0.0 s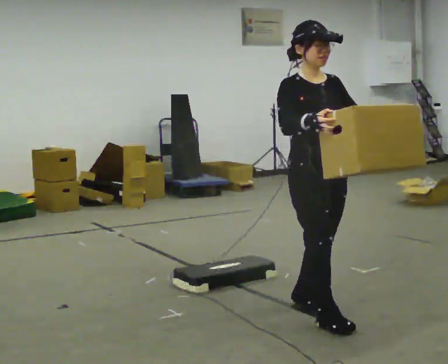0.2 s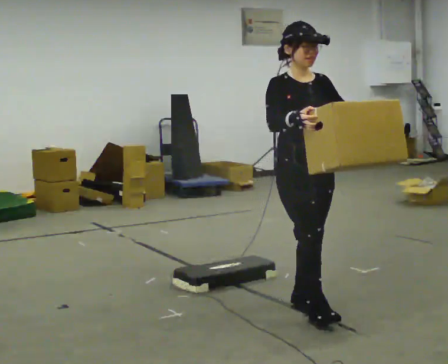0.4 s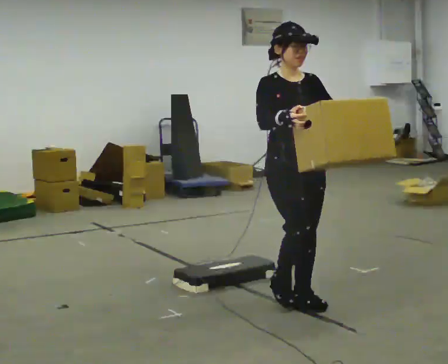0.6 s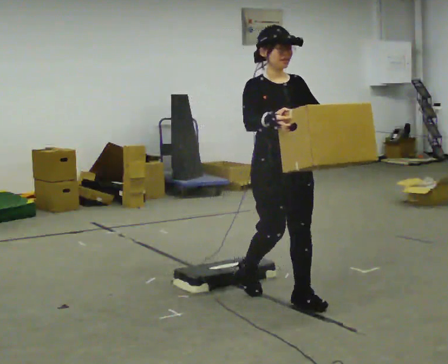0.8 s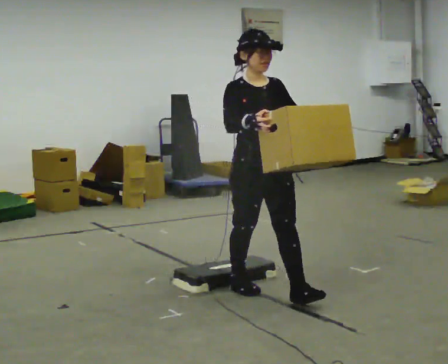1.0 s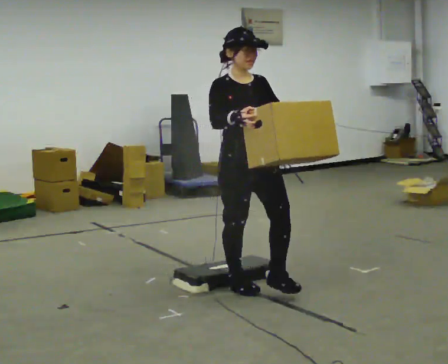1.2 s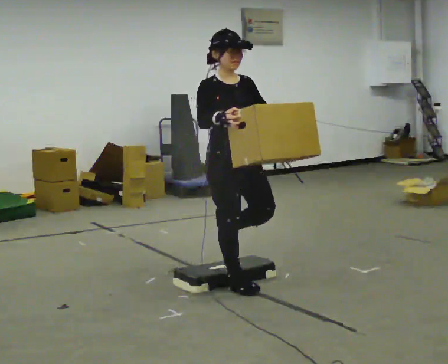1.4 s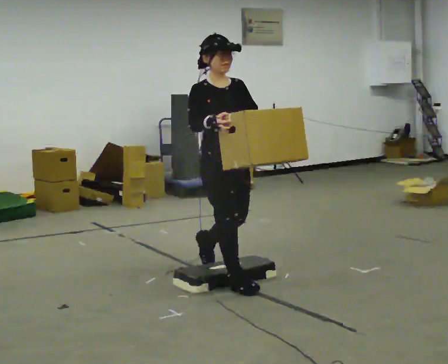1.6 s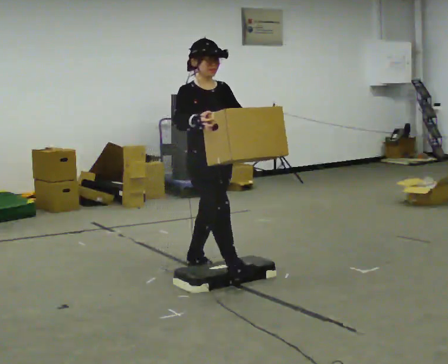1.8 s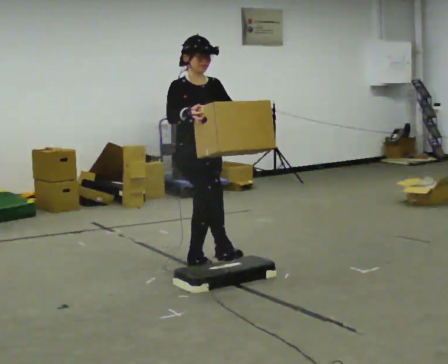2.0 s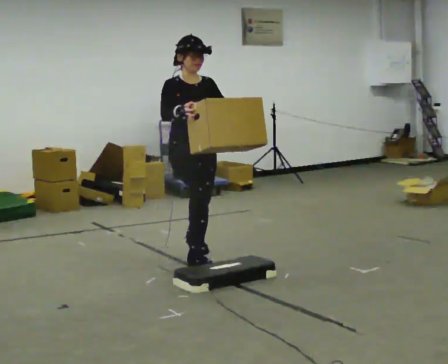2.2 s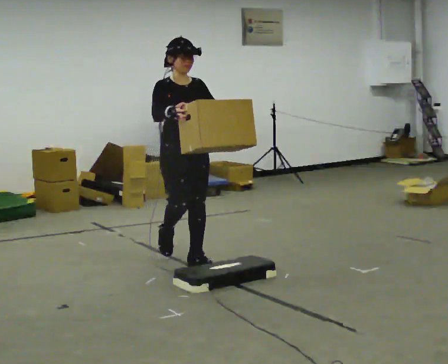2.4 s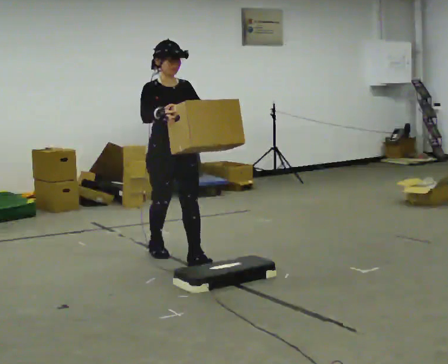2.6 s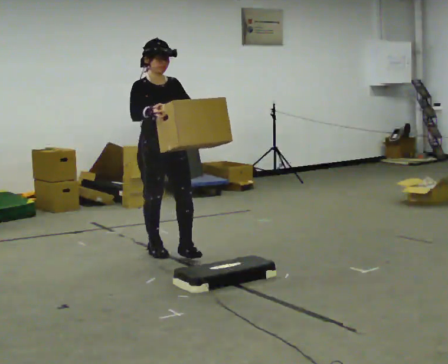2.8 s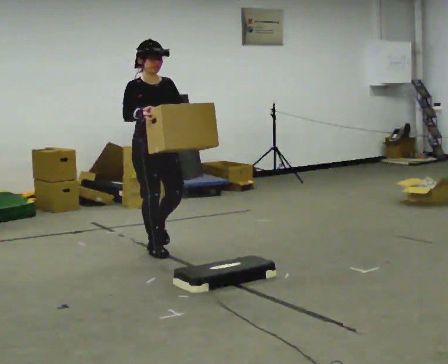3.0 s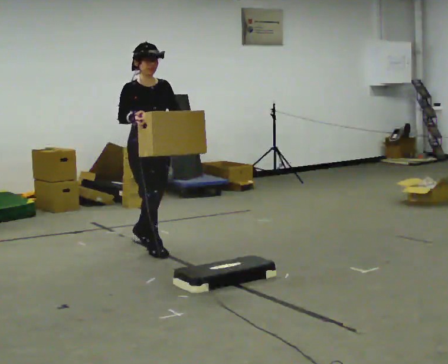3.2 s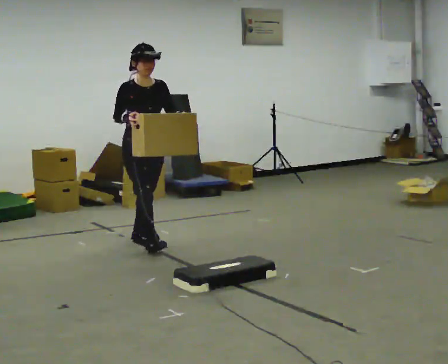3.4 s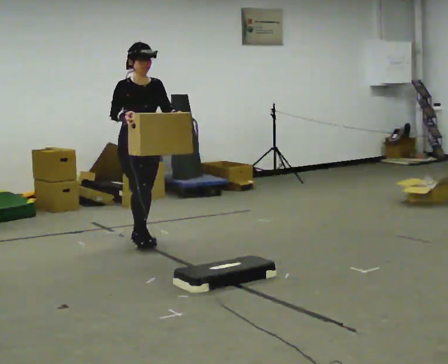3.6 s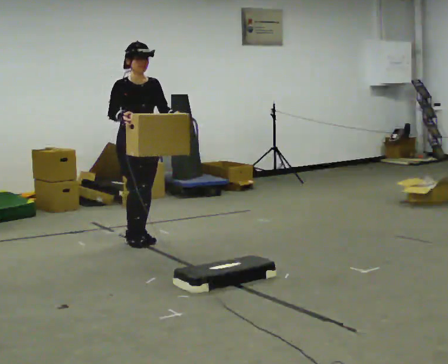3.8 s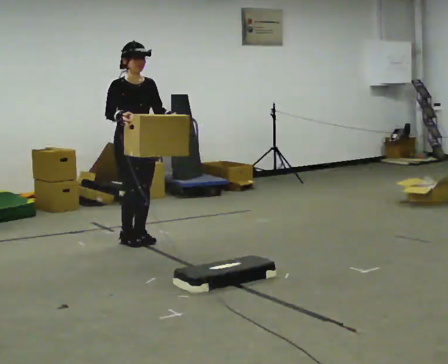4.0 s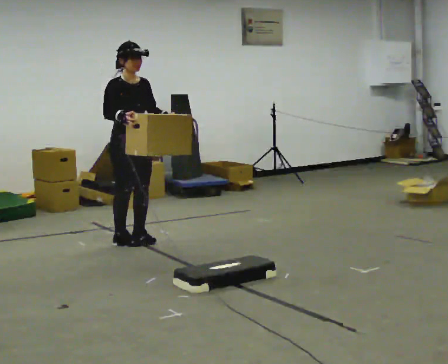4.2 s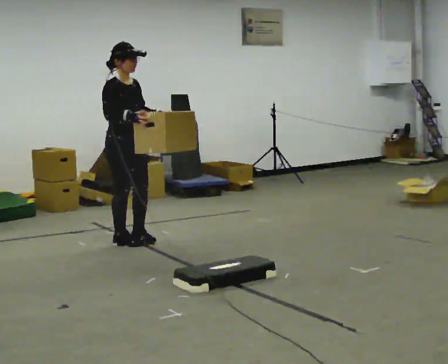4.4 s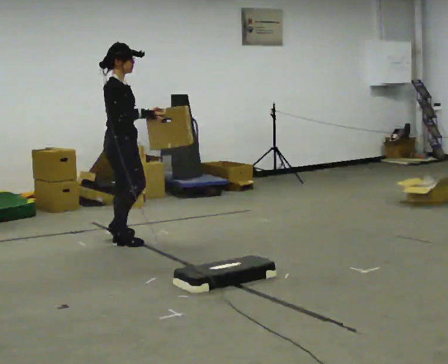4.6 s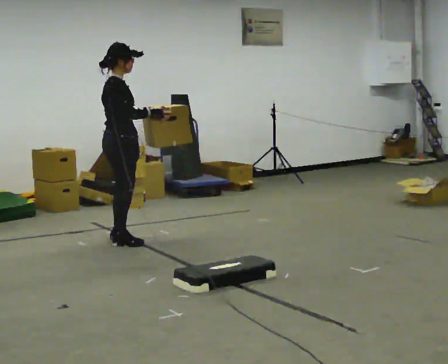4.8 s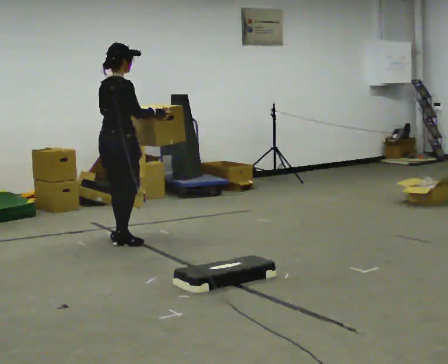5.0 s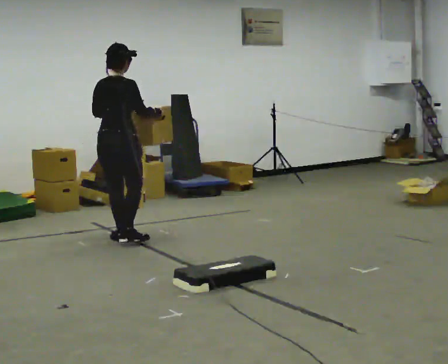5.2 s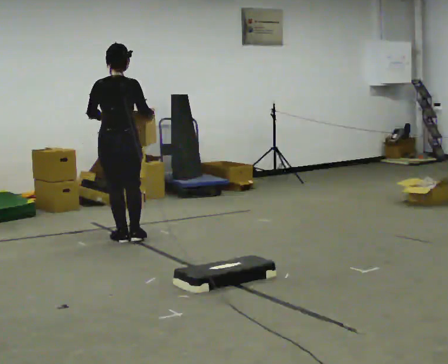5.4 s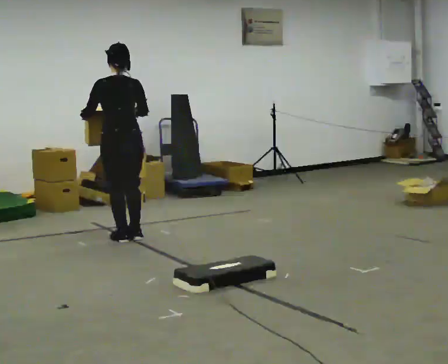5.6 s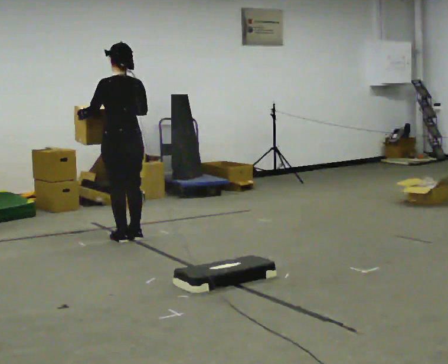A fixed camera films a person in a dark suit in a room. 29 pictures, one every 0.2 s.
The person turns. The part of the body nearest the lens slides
to the right.
The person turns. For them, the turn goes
to their left.
0.0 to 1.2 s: In the picture they go away from the camera and to the left, about 1 m in 2 steps, which for them is backward.
1.2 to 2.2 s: In the picture they go away from the camera and to the left, about 0.5 m in 1 step, which for them is backward.
2.2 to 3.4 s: In the picture they go away from the camera and to the left, about 0.5 m in 2 steps, which for them is backward.
3.4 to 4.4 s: The part of the body nearest the lens slides to the right as the person turns to their left by about 60 degrees. In the picture they go to the left, about 0.25 m in 1 step.
4.4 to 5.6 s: The person turns about 120 degrees to their left, counterclockwise seen from above, so the part of the body nearest the lens slides to the right. In the picture their left hand goes to the left.
The film runs backward here.
